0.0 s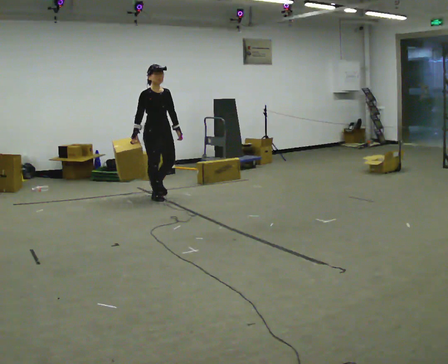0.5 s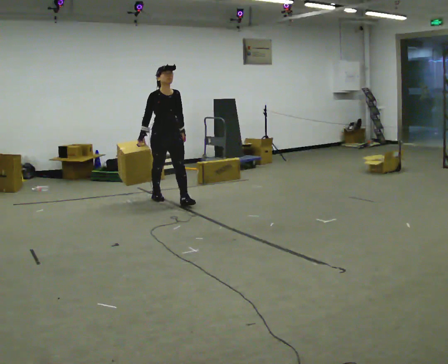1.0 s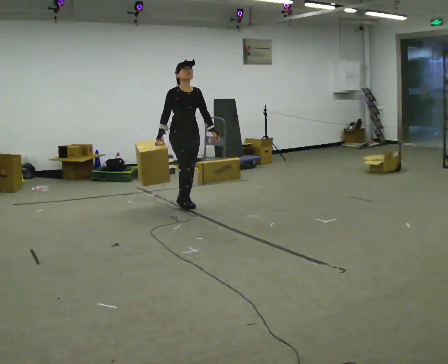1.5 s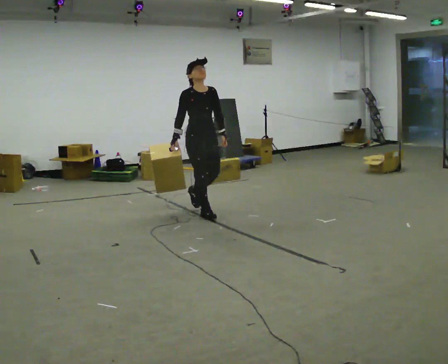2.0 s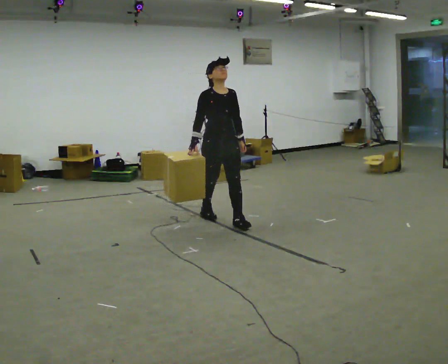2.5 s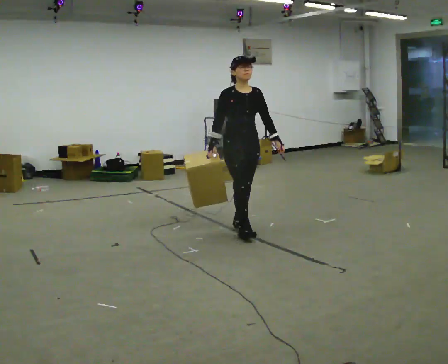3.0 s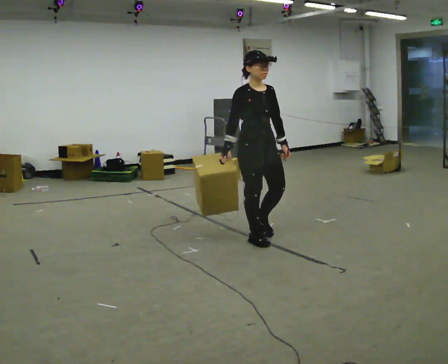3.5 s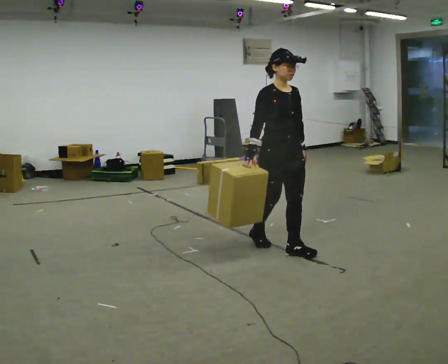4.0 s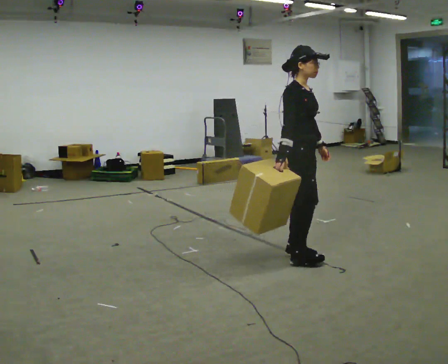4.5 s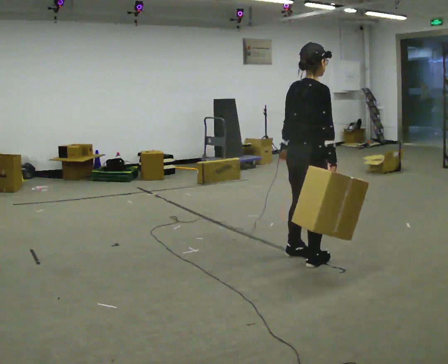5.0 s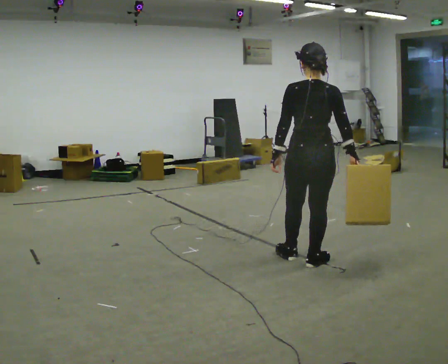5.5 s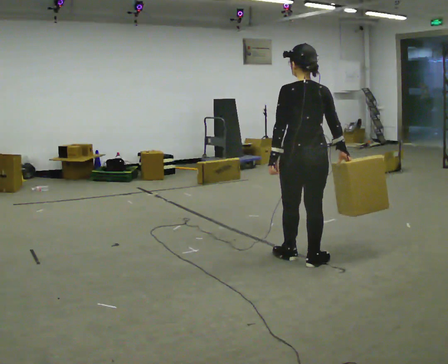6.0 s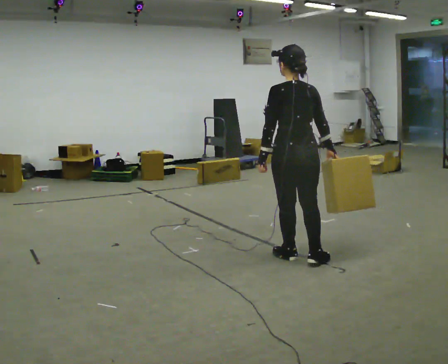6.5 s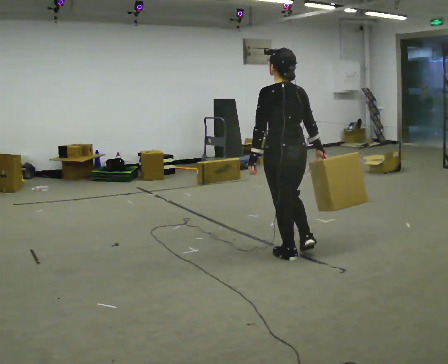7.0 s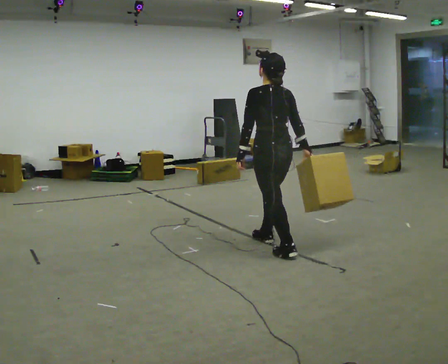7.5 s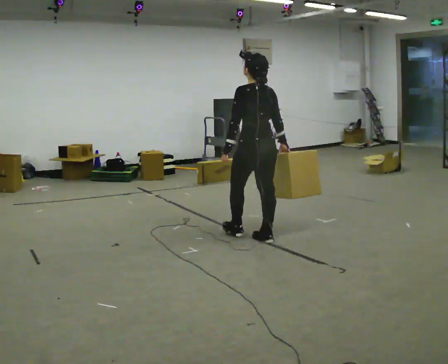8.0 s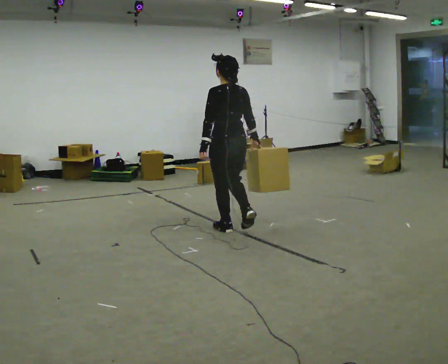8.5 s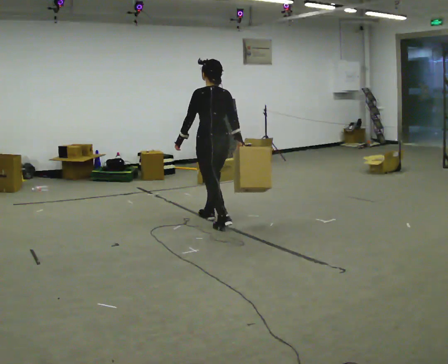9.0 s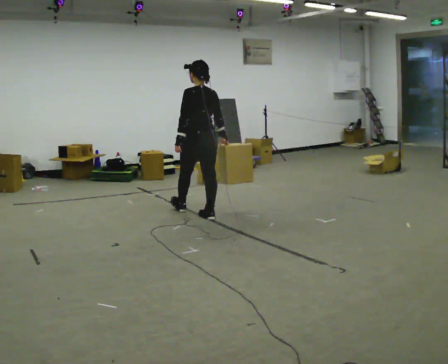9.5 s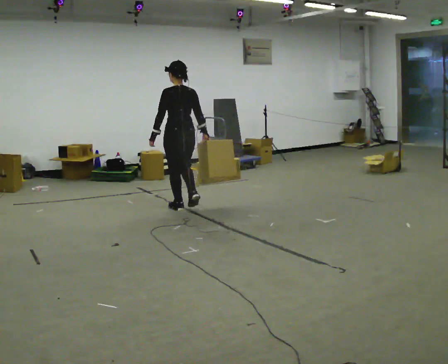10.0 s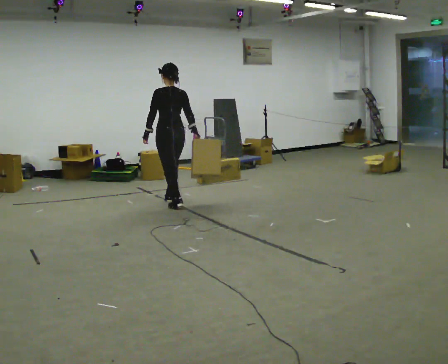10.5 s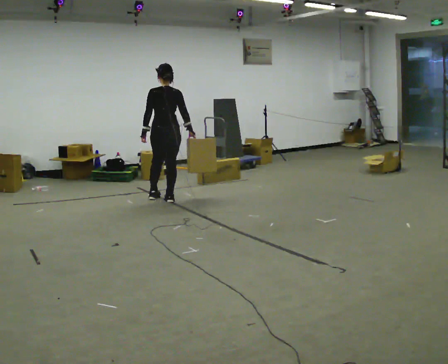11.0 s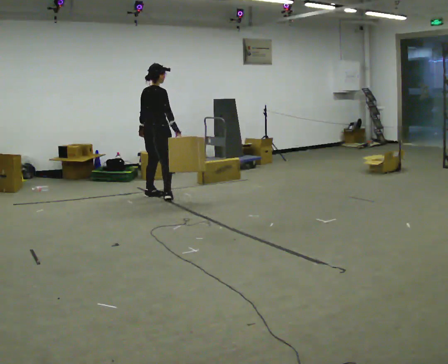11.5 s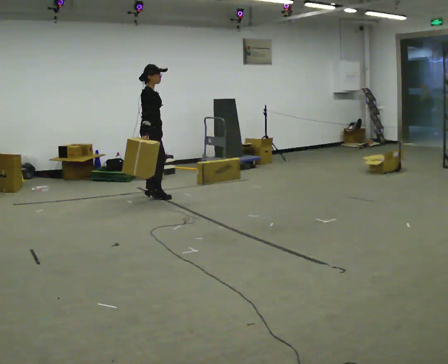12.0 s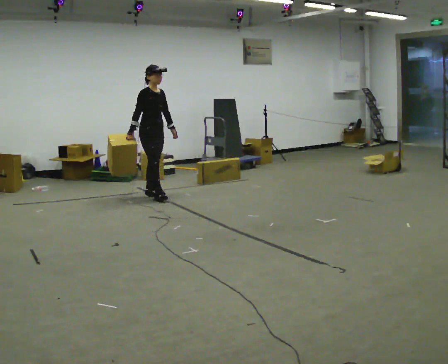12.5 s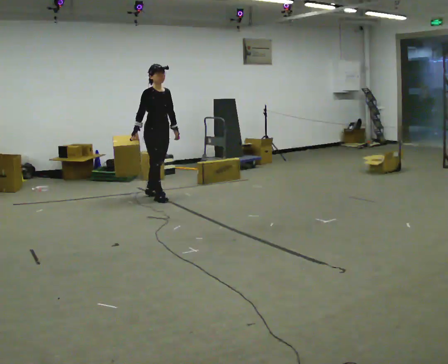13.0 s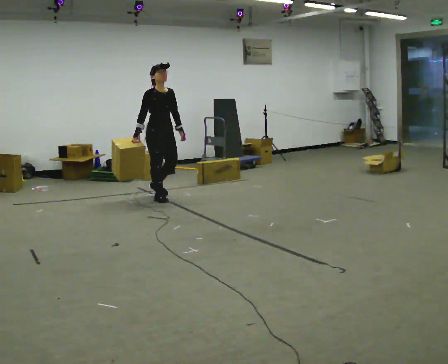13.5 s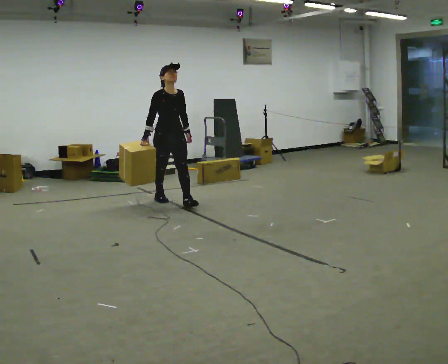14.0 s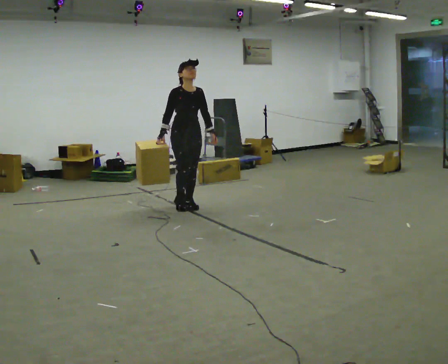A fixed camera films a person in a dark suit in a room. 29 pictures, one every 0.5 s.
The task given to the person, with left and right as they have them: Carry the box across the room while freely looking around at the walls, ceiling and floor. Keep going until the operator says stop; one object at a time, and do not rush between trips.
0.0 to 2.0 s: In the picture they go to the right and toward the camera, about 1.5 m in 3 steps, which for them is forward.
2.0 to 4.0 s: The person turns about 45 degrees to their left, counterclockwise seen from above, so the part of the body nearest the lens slides to the right. In the picture they go toward the camera and to the right, about 1 m in 2 steps, which for them is forward.
4.0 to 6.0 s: The part of the body nearest the lens slides to the right as the person turns to their left by about 120 degrees.
6.0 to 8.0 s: In the picture they go away from the camera and to the left, about 1 m in 2 steps, which for them is forward.
8.0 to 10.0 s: In the picture they go away from the camera and to the left, about 1.5 m in 3 steps, which for them is forward.
10.0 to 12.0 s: The part of the body nearest the lens slides to the left as the person turns to their right by about 150 degrees. In the picture they go to the left and away from the camera, about 0.5 m in 2 steps.
12.0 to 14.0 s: The part of the body nearest the lens slides to the left as the person turns to their right by about 30 degrees. In the picture they go to the right and toward the camera, about 1 m in 1 step, which for them is forward.
The film runs forward here.
